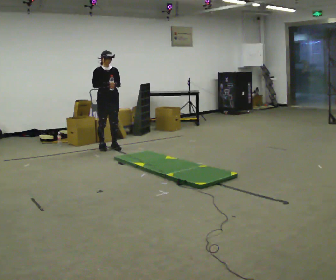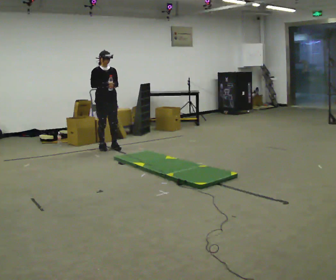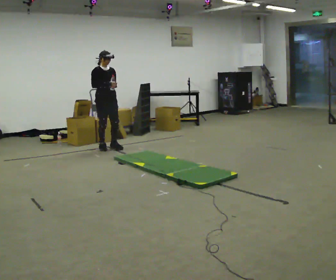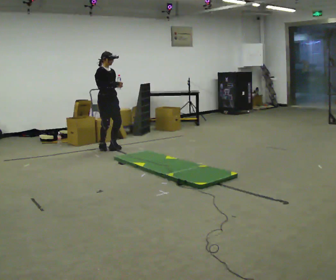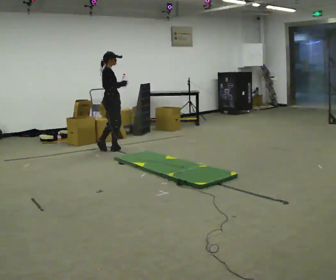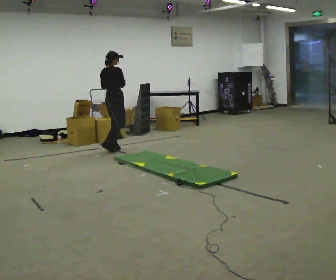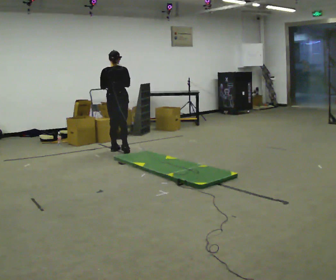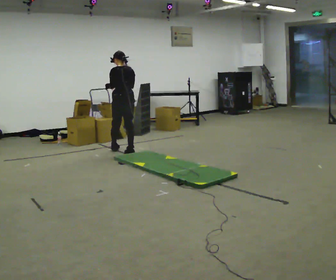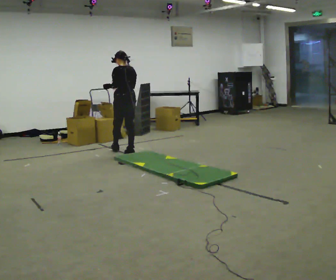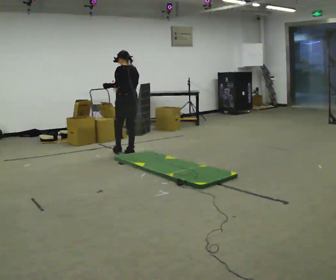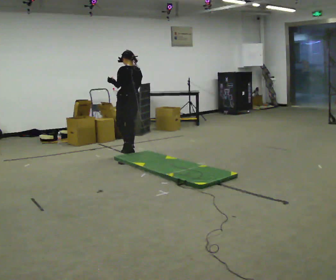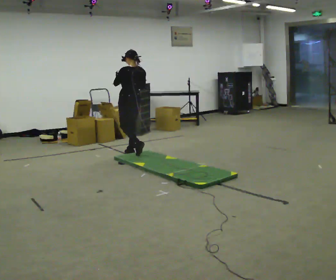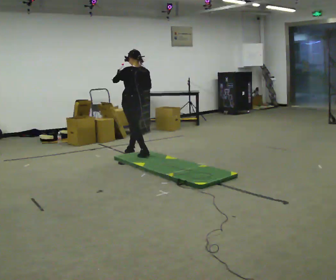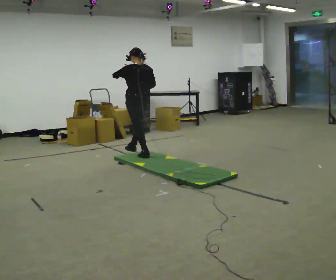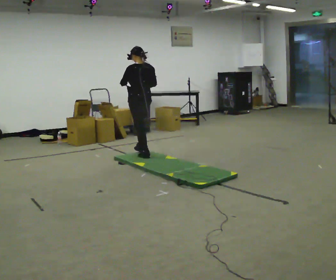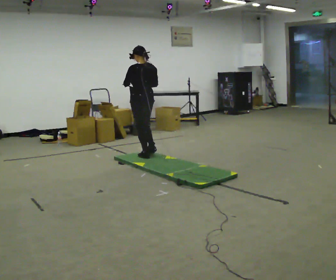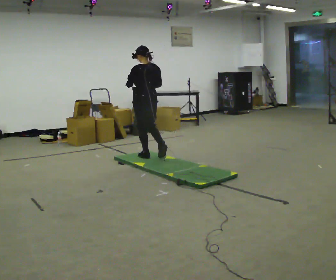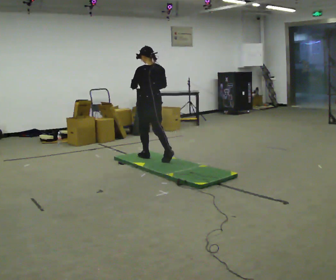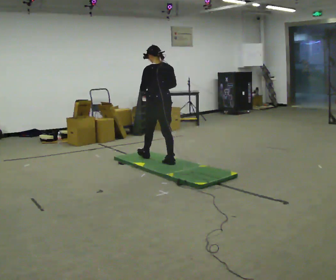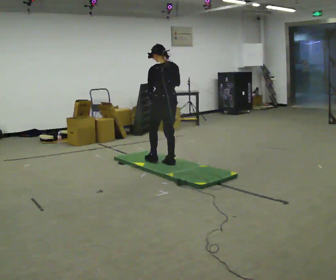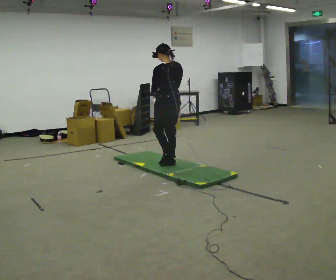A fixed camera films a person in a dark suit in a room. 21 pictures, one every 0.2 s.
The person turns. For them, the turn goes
to their left.
The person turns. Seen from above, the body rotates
counterclockwise.
0.0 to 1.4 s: The person turns about 165 degrees to their left, counterclockwise seen from above, so the part of the body nearest the lens slides to the right. In the picture they go to the right and toward the camera, about 0.25 m in 2 steps.
1.4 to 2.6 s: In the picture they go toward the camera and to the right, about 0.5 m in 2 steps, which for them is backward.
2.6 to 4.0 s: In the picture they go toward the camera and to the right, about 0.75 m in 1 step, which for them is backward.
The film runs backward here.
